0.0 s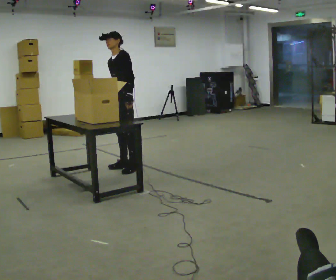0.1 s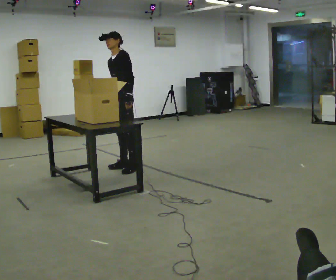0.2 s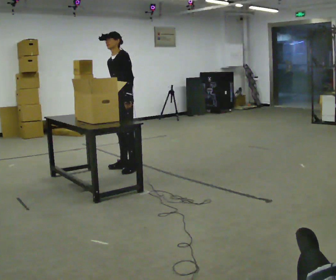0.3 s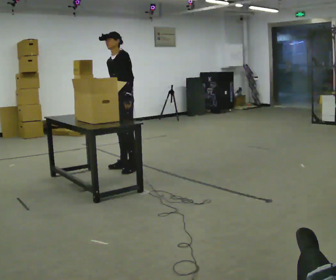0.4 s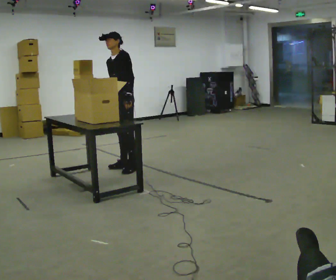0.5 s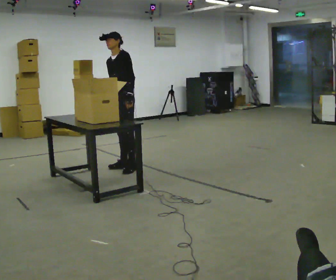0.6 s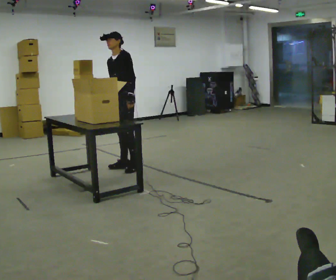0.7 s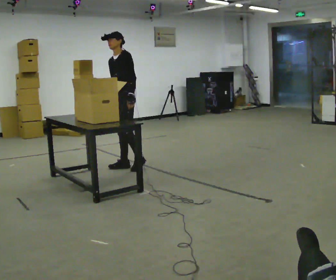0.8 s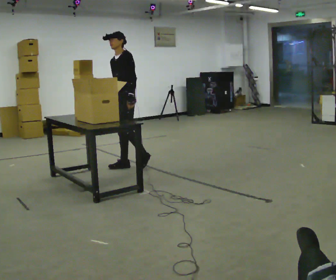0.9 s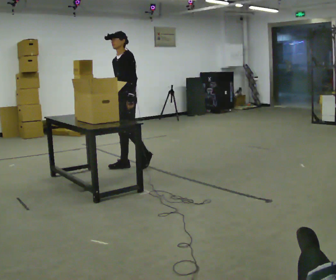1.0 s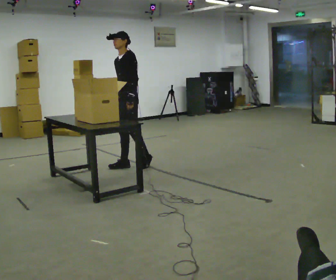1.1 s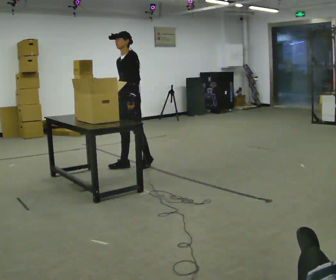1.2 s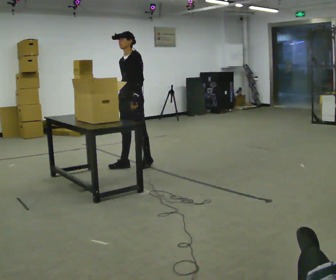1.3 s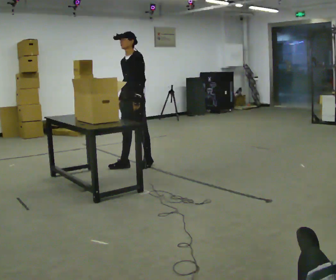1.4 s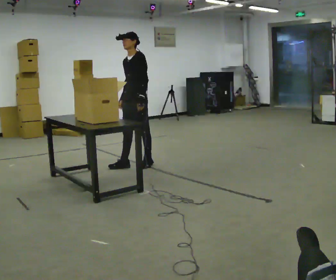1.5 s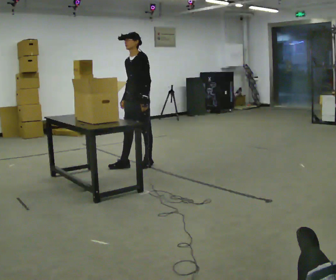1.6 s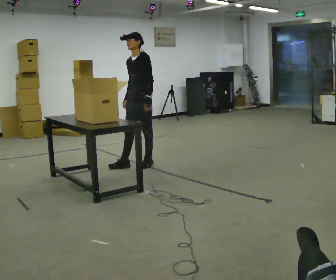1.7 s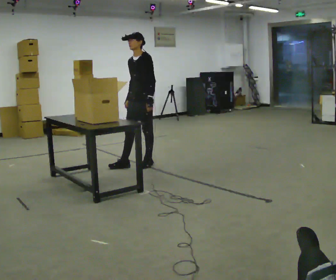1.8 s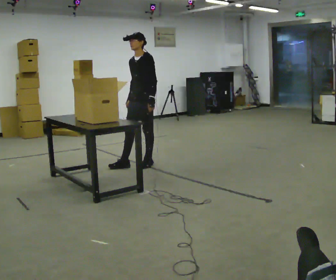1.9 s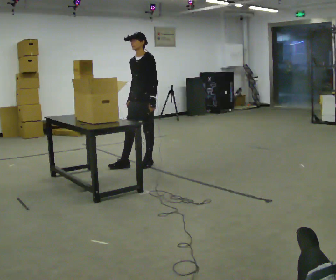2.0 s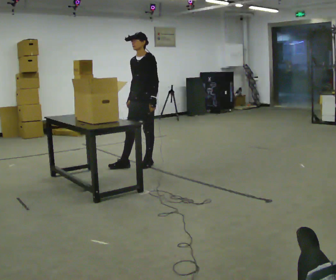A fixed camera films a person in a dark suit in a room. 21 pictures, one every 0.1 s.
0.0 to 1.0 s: The person moves a little, or ends about where they began.
1.0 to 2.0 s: In the picture they go to the right, about 0.25 m, which for them is backward.
The film runs forward here.
